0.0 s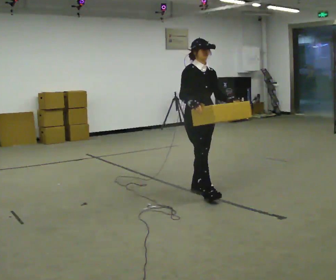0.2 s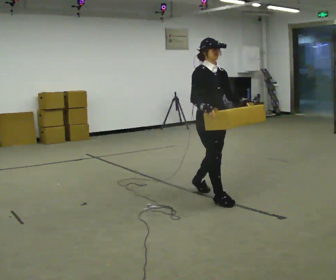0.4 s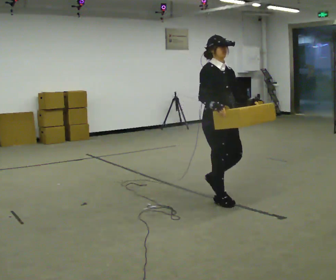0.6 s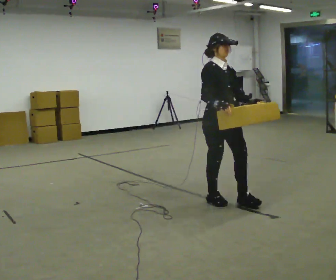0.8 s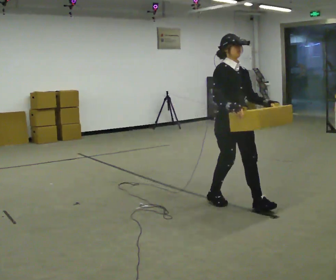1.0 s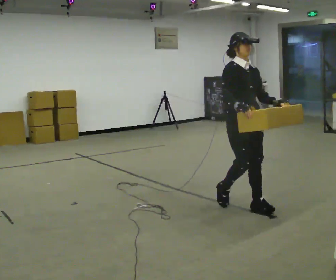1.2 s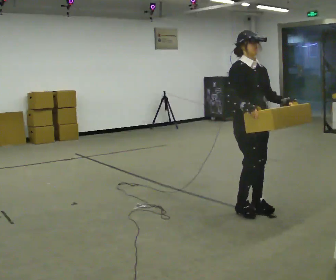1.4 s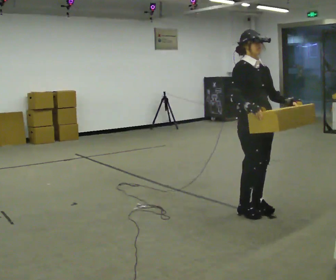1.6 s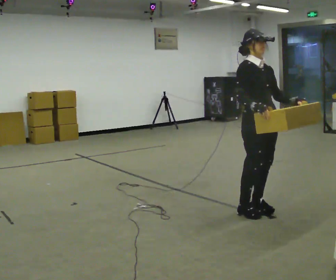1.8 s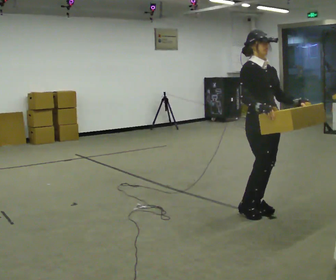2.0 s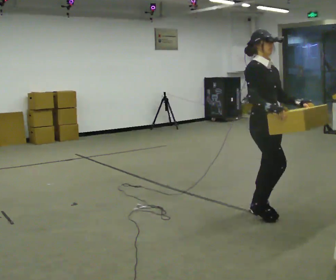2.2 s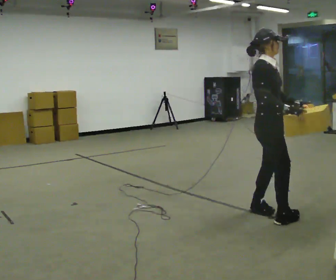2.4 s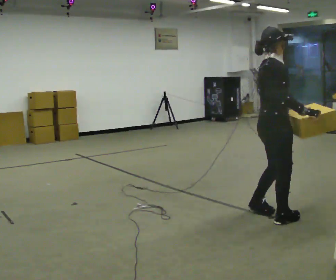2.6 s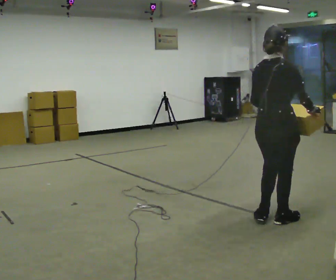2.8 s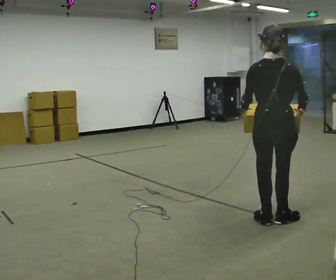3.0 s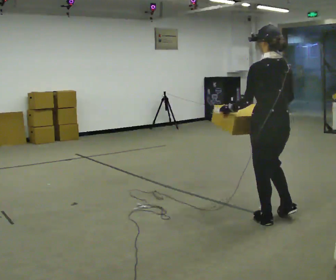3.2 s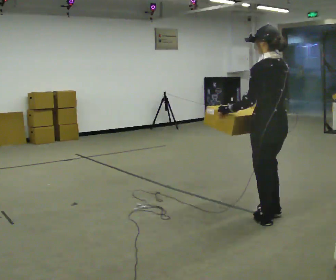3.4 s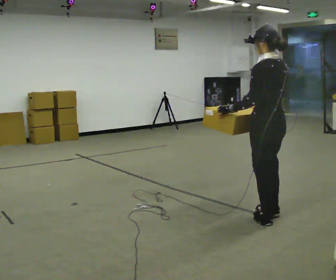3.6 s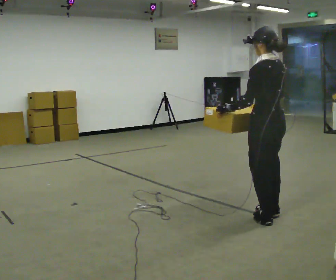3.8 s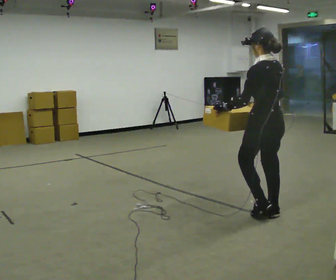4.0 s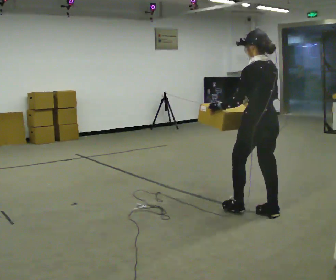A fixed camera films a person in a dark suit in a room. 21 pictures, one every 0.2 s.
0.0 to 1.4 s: In the picture they go to the right and toward the camera, about 1 m in 3 steps, which for them is forward.
1.4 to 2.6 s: The person turns about 105 degrees to their left, counterclockwise seen from above, so the part of the body nearest the lens slides to the right. In the picture they go toward the camera and to the right, about 0.25 m in 1 step.
2.6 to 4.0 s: The person turns about 90 degrees to their left, counterclockwise seen from above, so the part of the body nearest the lens slides to the right. In the picture they go away from the camera, about 0.25 m in 2 steps. In the picture their right hand goes to the left.
The film runs forward here.
